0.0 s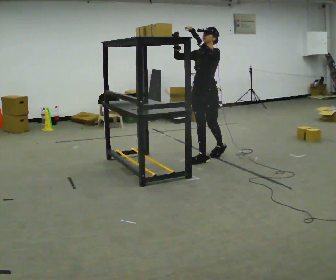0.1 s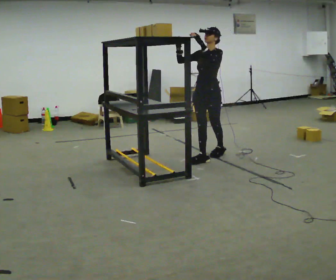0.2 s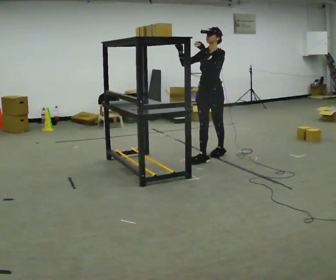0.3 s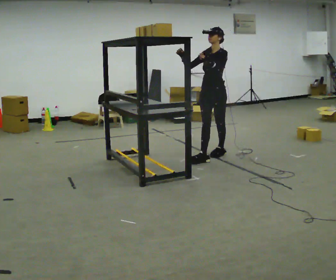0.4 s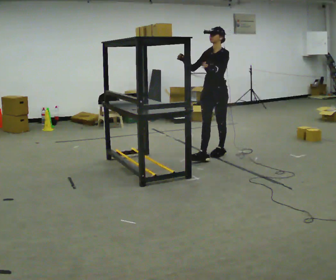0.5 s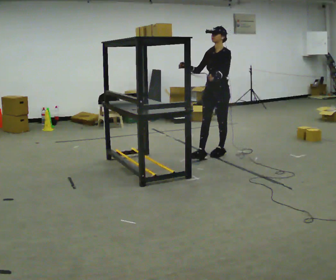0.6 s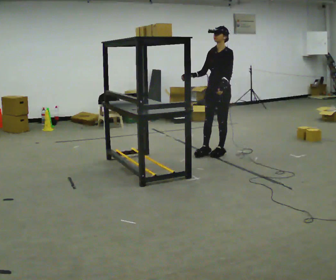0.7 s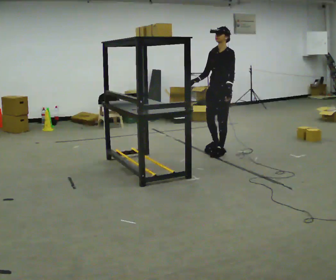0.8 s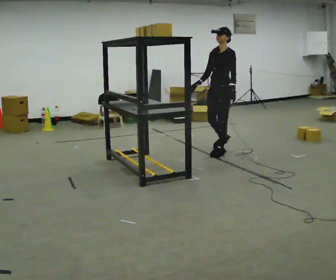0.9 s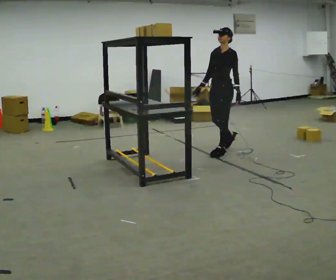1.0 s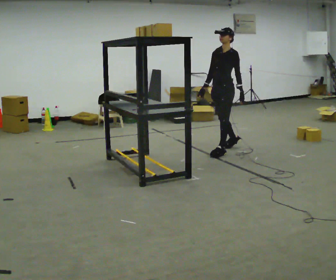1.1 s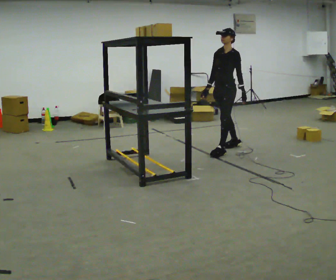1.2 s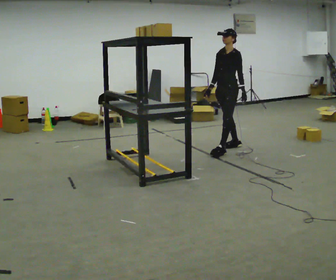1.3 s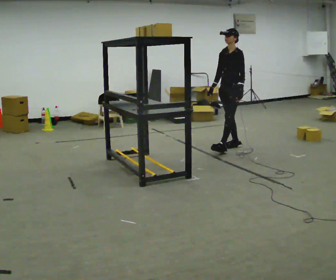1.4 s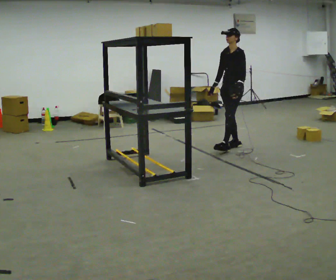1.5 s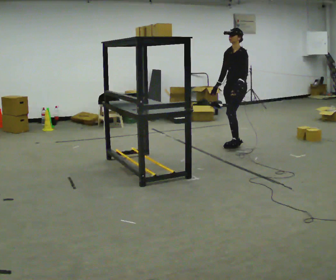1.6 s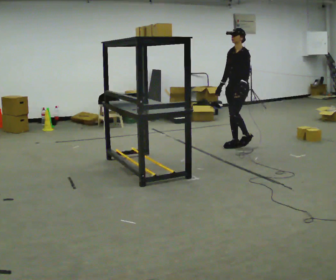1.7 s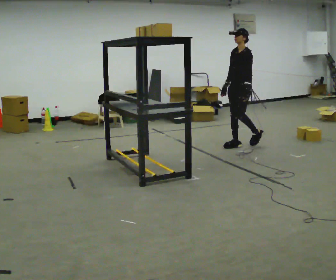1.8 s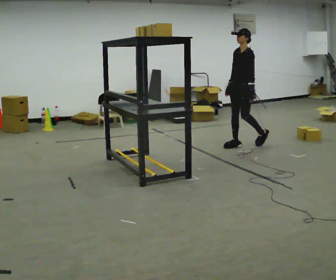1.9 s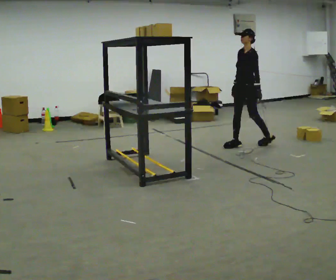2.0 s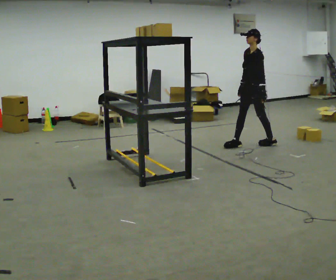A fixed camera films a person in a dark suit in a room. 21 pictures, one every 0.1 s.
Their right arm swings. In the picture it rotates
counterclockwise.
Their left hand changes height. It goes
downward.
0.0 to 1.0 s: In the picture they go away from the camera and to the right, about 0.5 m in 1 step, which for them is backward. In the picture their left hand goes downward.
1.0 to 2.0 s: In the picture they go to the right and away from the camera, about 0.5 m in 1 step, which for them is backward.
The film runs backward here.
